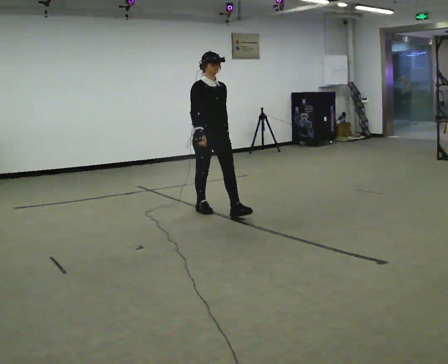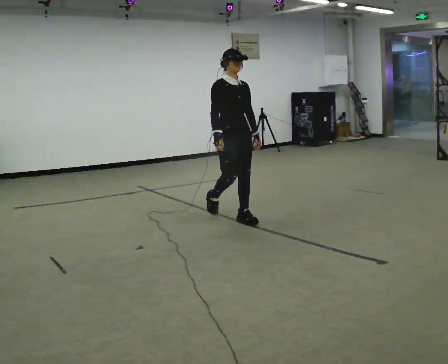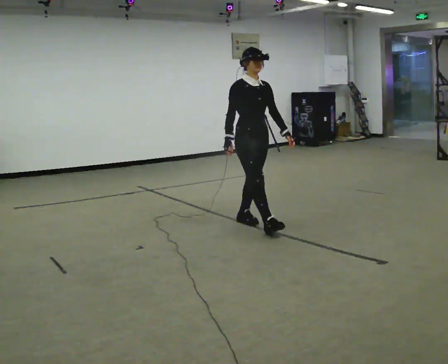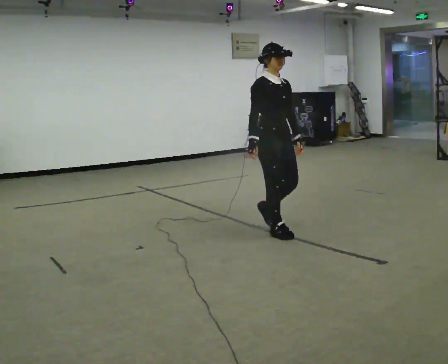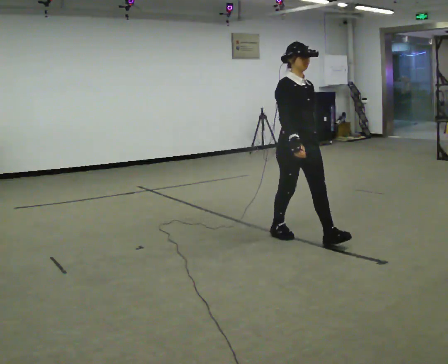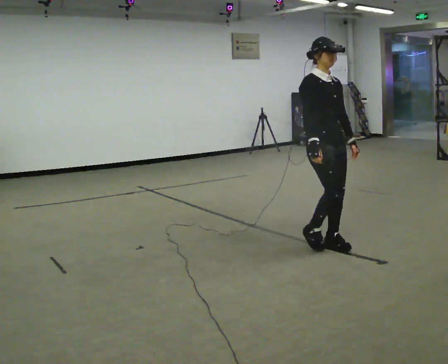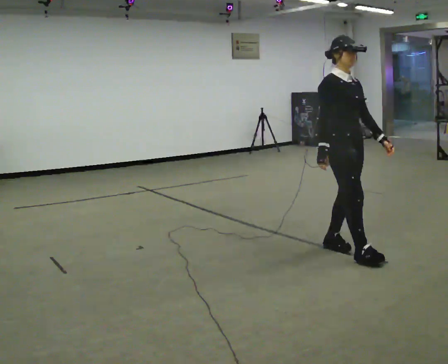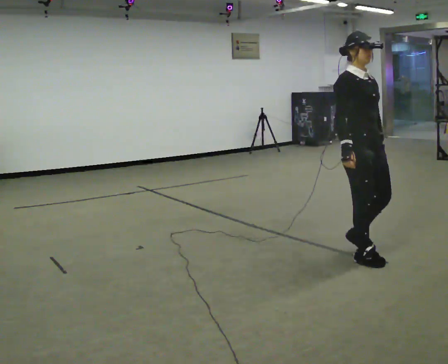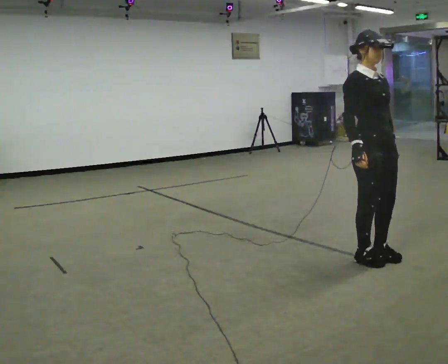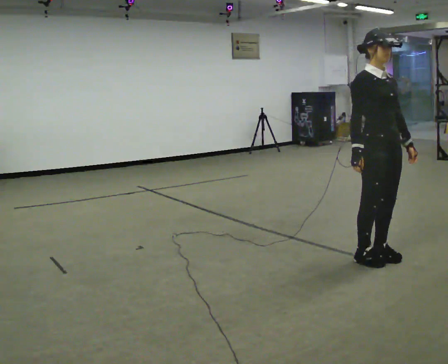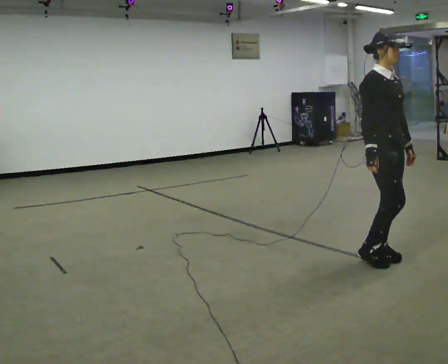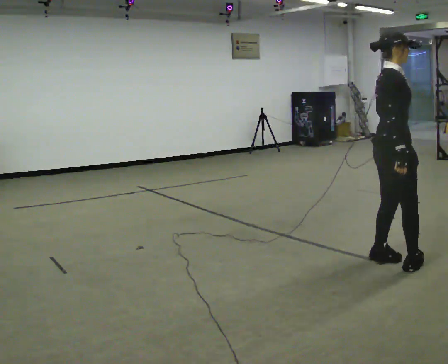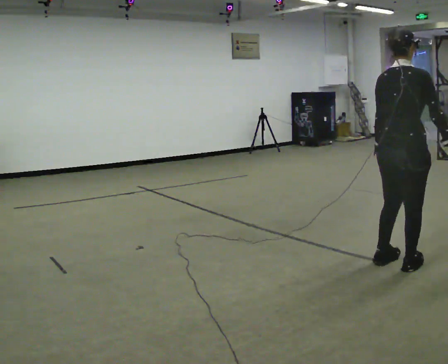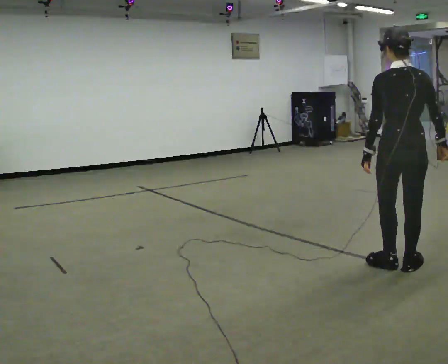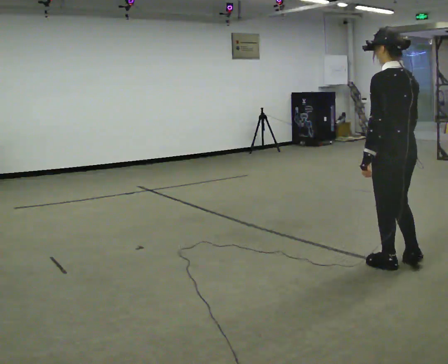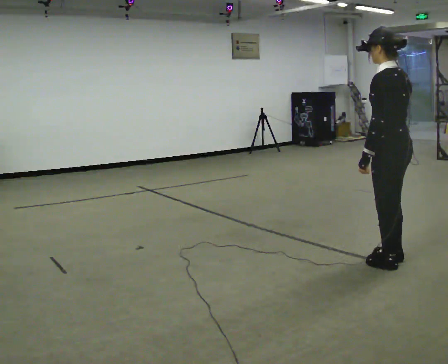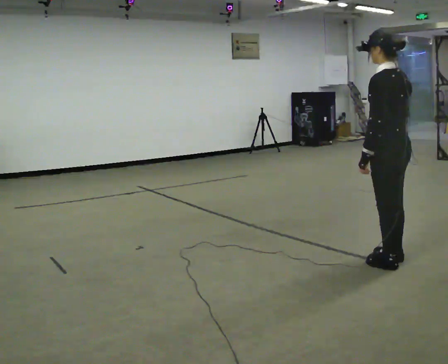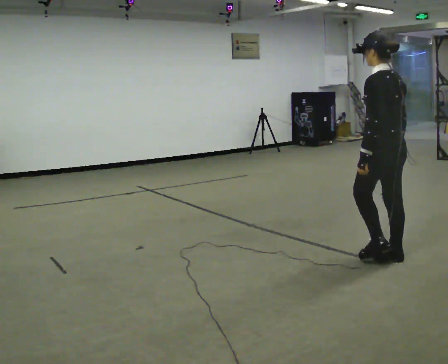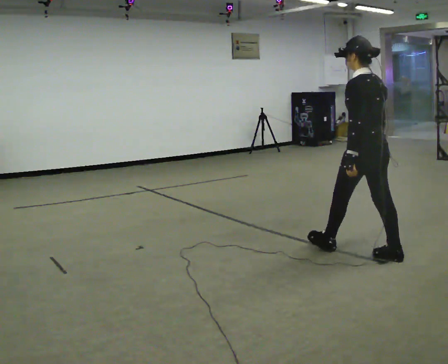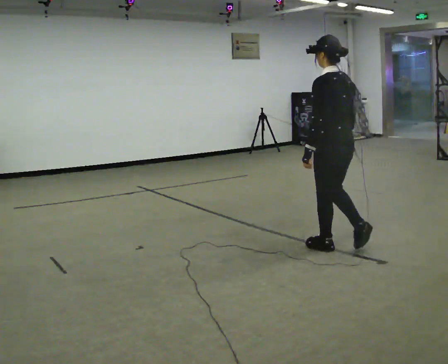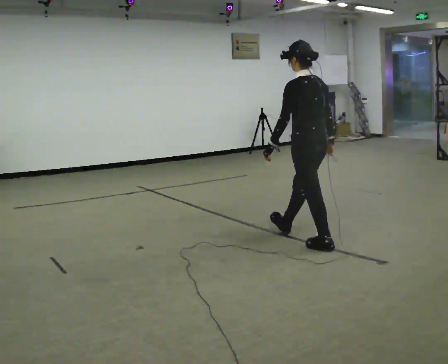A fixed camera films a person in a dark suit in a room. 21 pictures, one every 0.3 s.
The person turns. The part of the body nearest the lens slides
to the right.
The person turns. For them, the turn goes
to their left.
0.0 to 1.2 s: In the picture they go to the right and toward the camera, about 1 m in 2 steps, which for them is forward.
1.2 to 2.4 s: In the picture they go to the right and toward the camera, about 0.5 m in 3 steps, which for them is forward.
2.4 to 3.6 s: Seen from above the body turns counterclockwise, about 105 degrees: to their left, with its near side sliding to the right. In the picture they go to the right and toward the camera, about 0.25 m in 1 step.
3.6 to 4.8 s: Seen from above the body turns counterclockwise, about 75 degrees: to their left, with its near side sliding to the right. In the picture their right hand goes to the left.
4.8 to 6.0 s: In the picture they go to the left and away from the camera, about 1 m in 1 step, which for them is forward.
The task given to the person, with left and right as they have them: Start still; walk straight at normal comfortable speed; stop at endpoint.
The film runs forward here.
